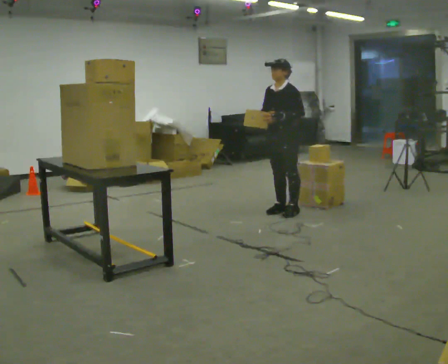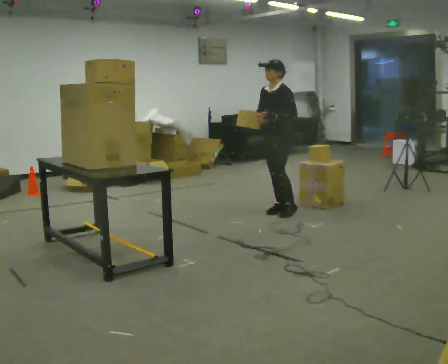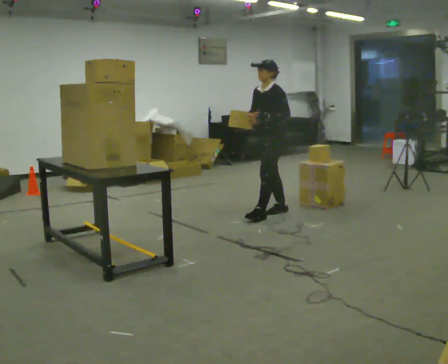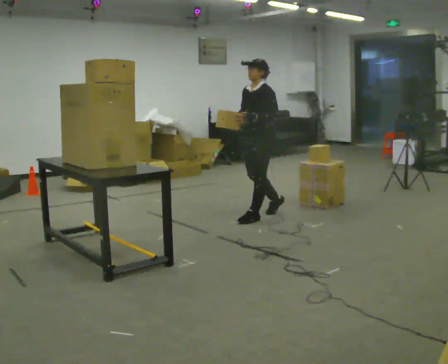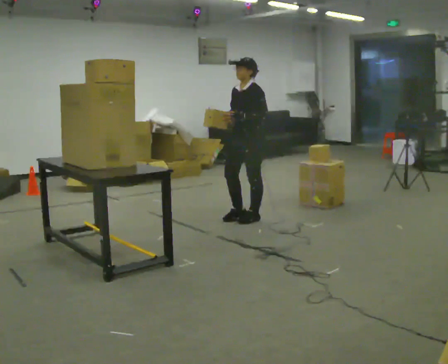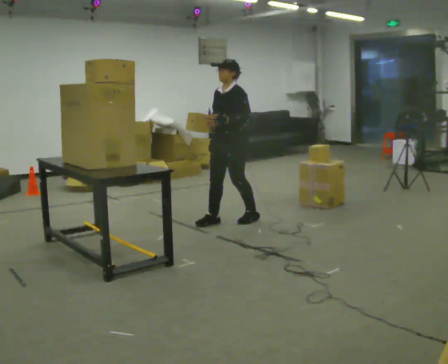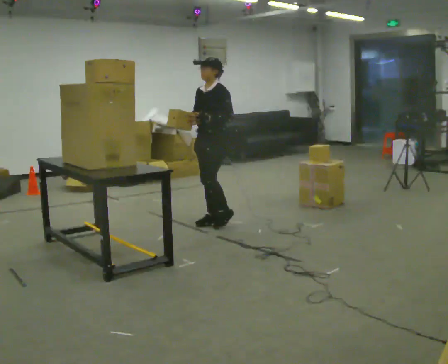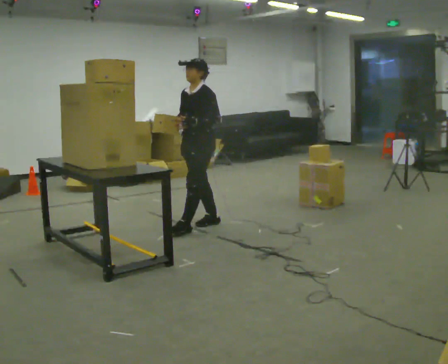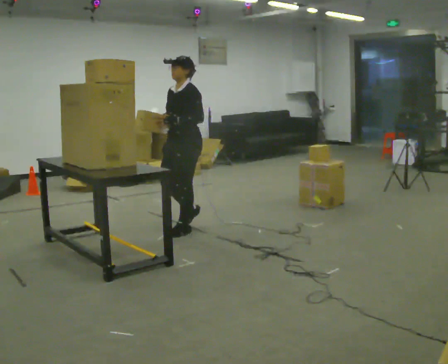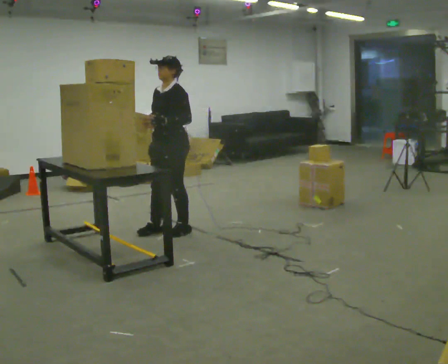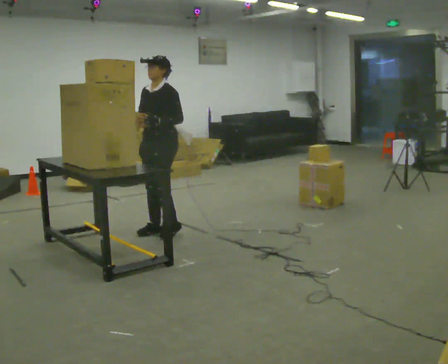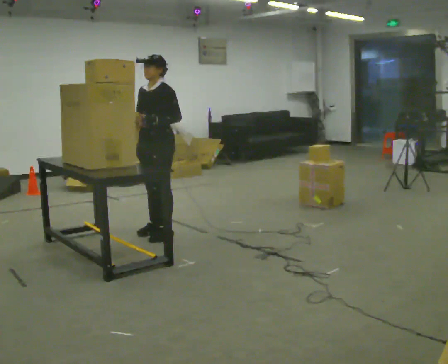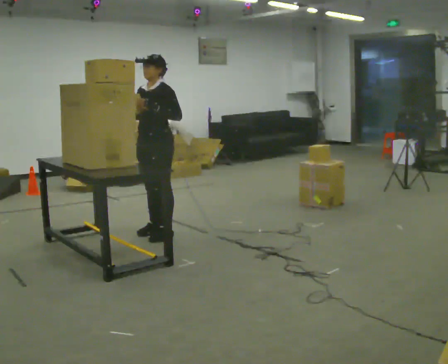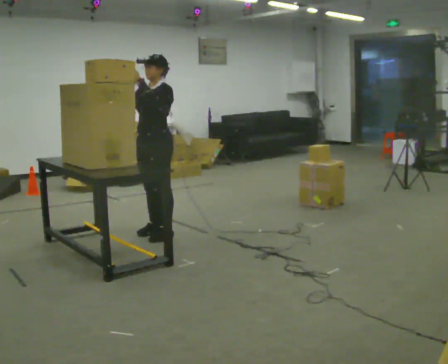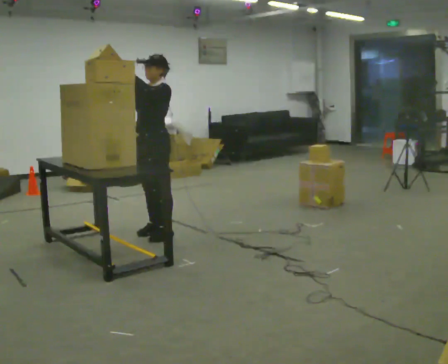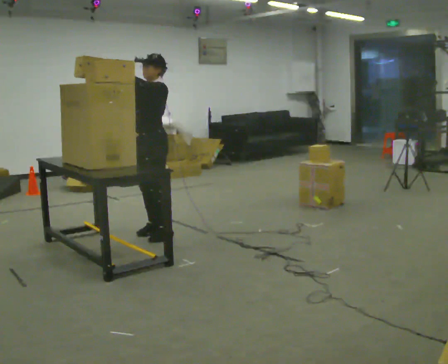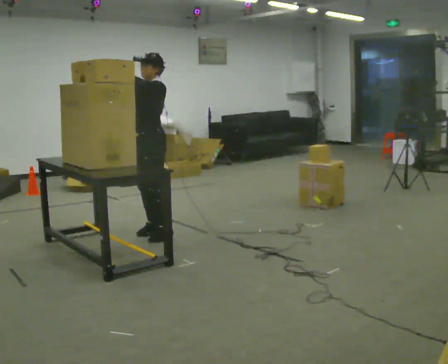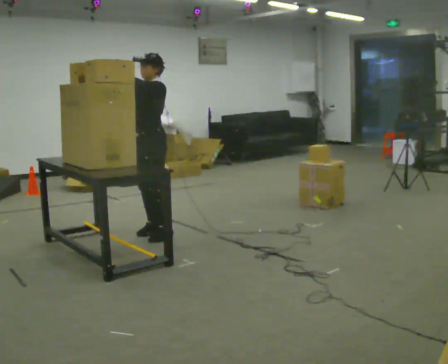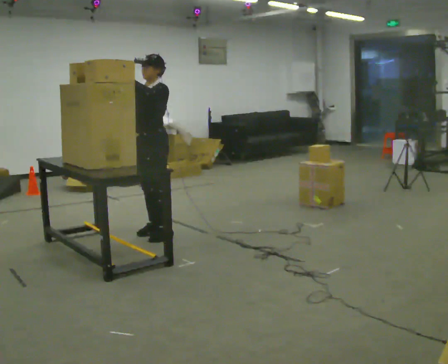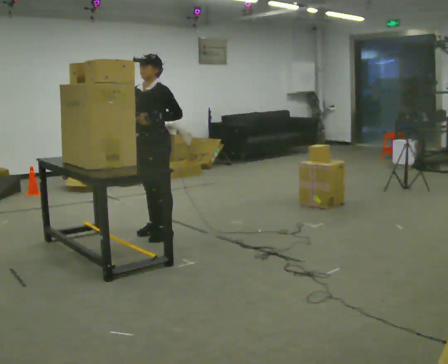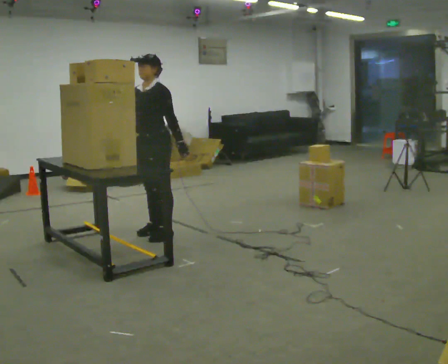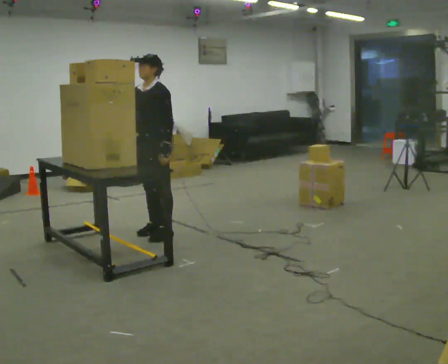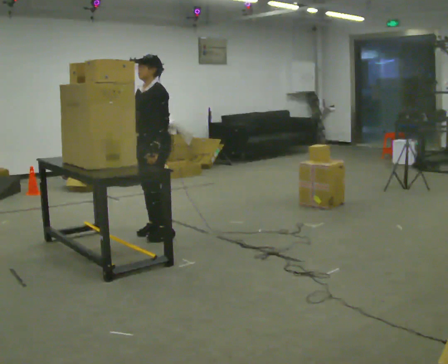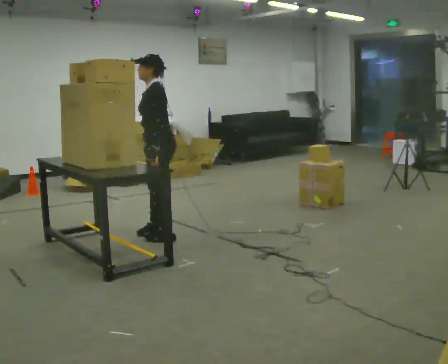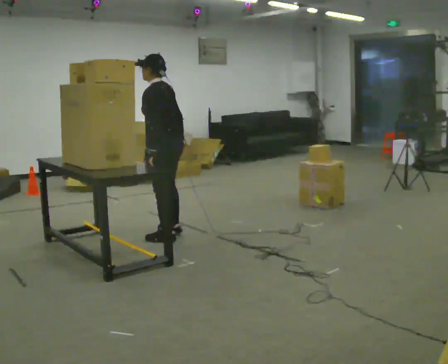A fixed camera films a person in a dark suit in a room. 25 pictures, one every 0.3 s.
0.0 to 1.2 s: In the picture they go to the left and toward the camera, about 0.5 m in 1 step, which for them is forward.
1.2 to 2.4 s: In the picture they go to the left and toward the camera, about 0.75 m in 2 steps, which for them is forward.
2.4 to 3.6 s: In the picture they go to the left, about 0.25 m in 2 steps, which for them is forward.
3.6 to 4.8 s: In the picture their left hand goes to the left.
4.8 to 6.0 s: In the picture their left hand goes downward and to the right.
6.0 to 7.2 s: Seen from above the body turns clockwise, about 60 degrees: to their right, with its near side sliding to the left.
The film runs forward here.
